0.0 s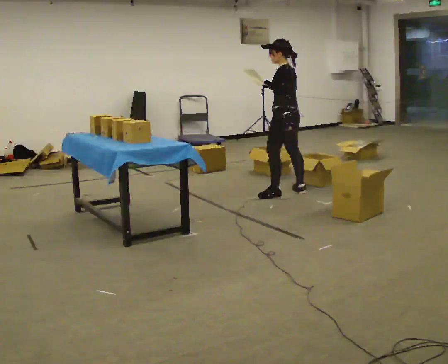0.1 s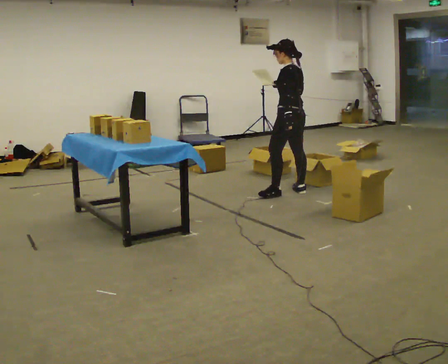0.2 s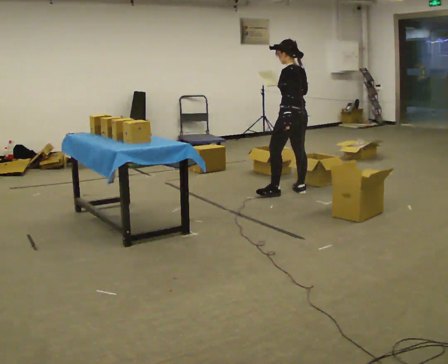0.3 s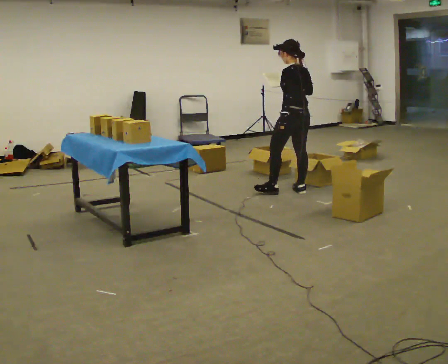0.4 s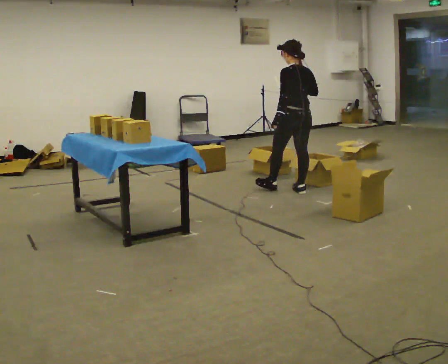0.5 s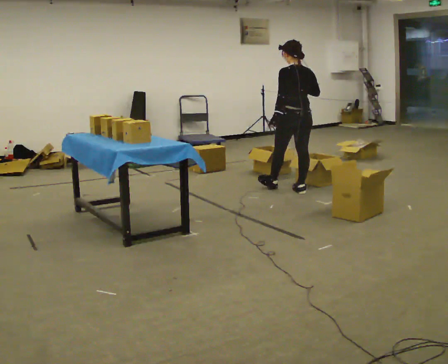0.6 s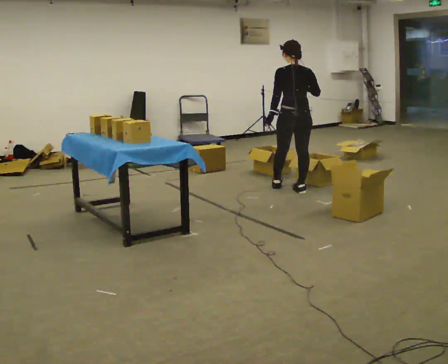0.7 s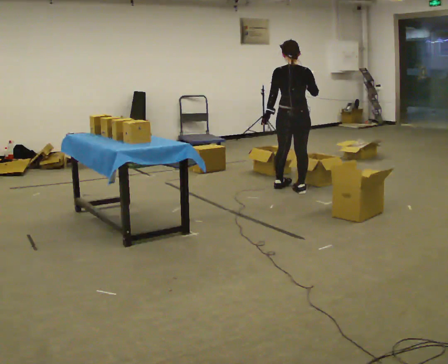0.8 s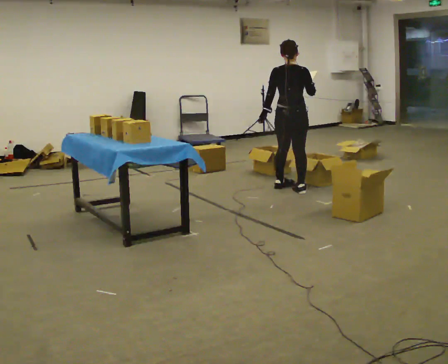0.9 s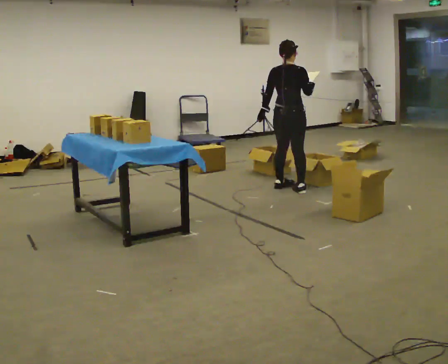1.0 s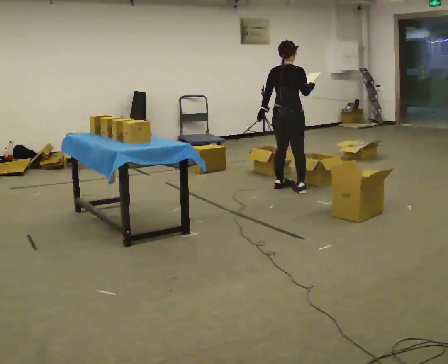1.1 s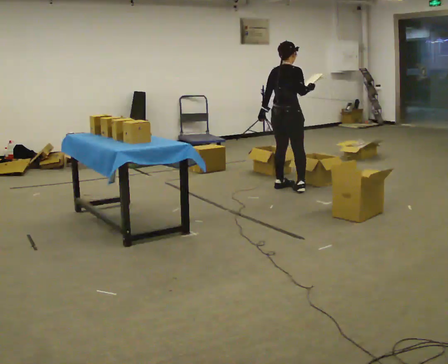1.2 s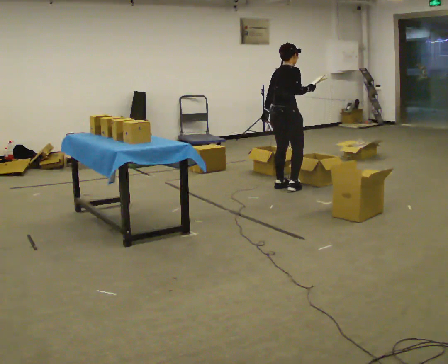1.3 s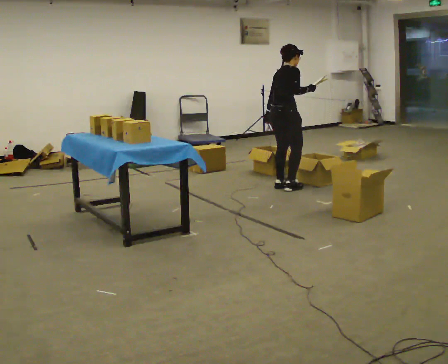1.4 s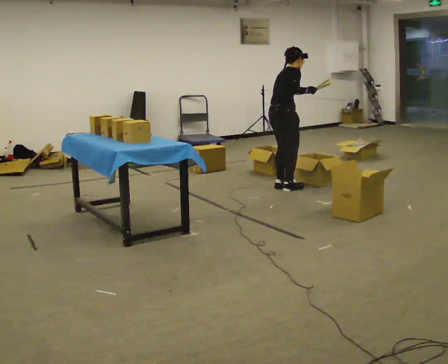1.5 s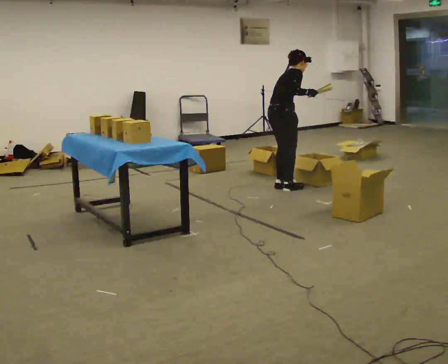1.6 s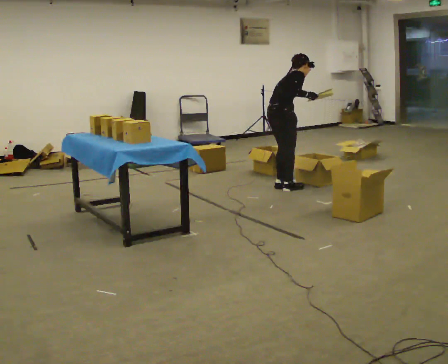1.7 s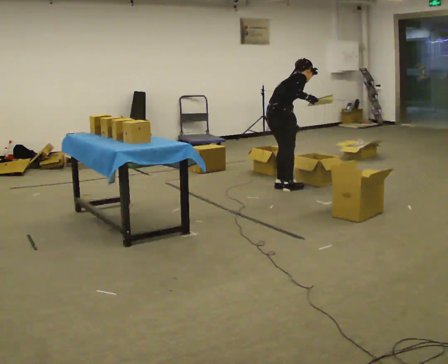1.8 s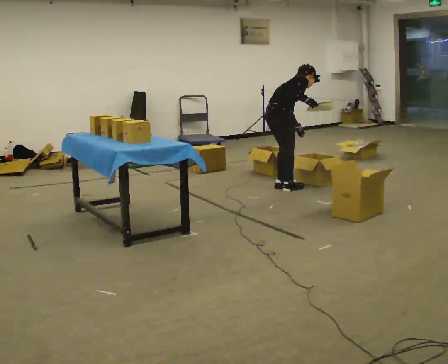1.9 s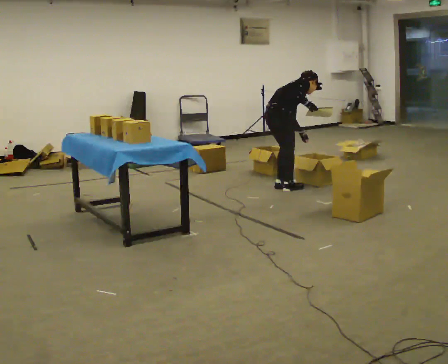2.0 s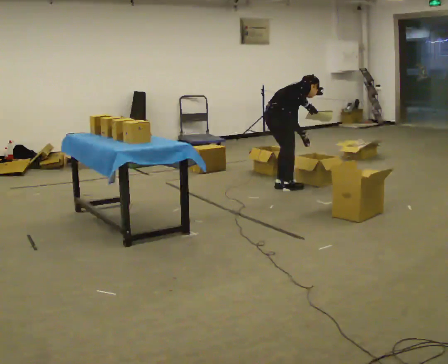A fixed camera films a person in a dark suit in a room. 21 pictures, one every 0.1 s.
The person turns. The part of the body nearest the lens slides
to the left.
The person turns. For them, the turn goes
to their right.
0.0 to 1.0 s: Seen from above the body turns clockwise, about 90 degrees: to their right, with its near side sliding to the left. In the picture they go away from the camera, about 0.25 m in 1 step.
1.0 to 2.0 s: The part of the body nearest the lens slides to the left as the person turns to their right by about 45 degrees. The upper body goes downward. In the picture the upper body tilts clockwise, shoulders to the right, as they bend forward. In the picture their left hand goes to the right and downward.
The film runs backward here.
